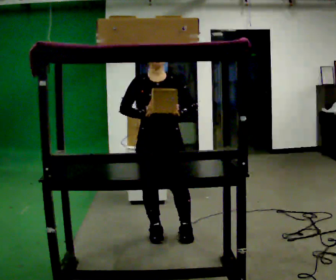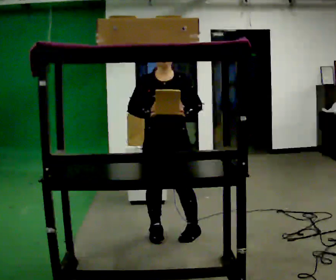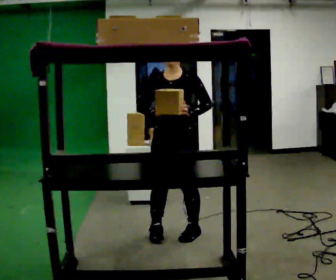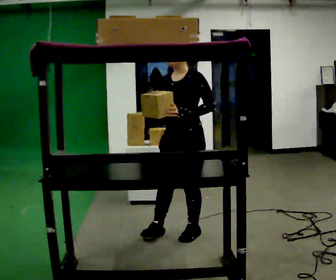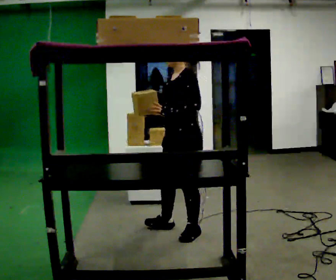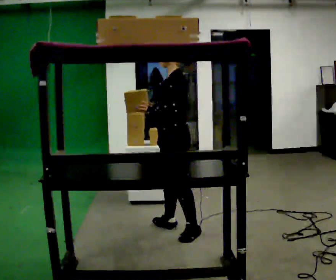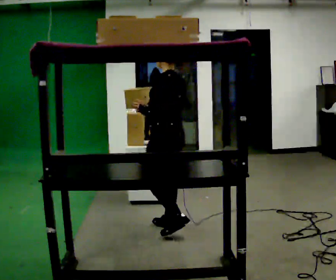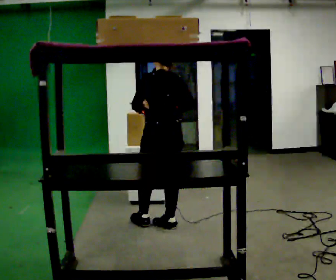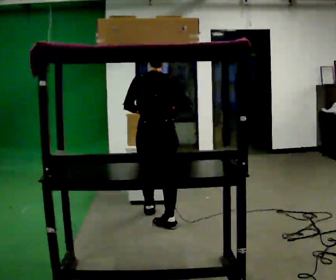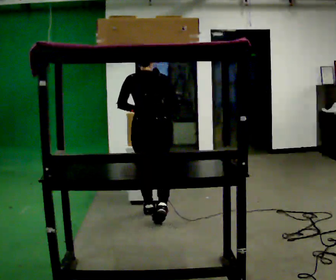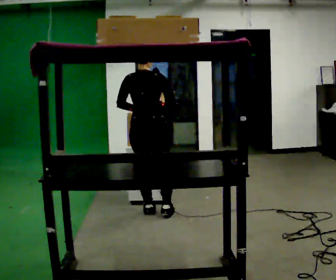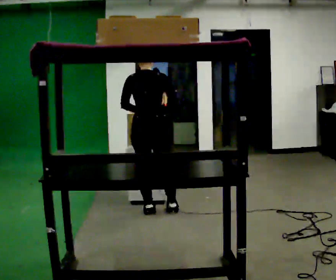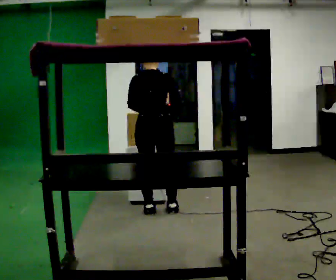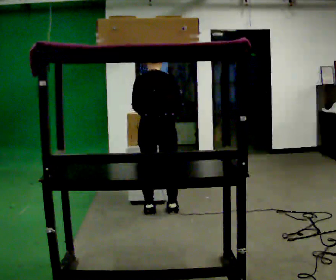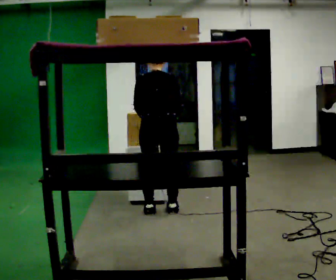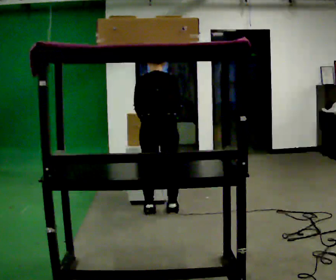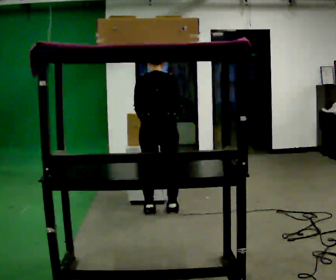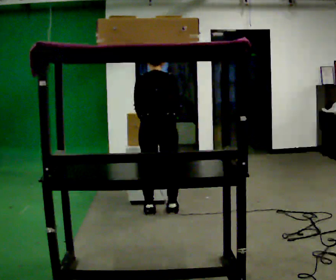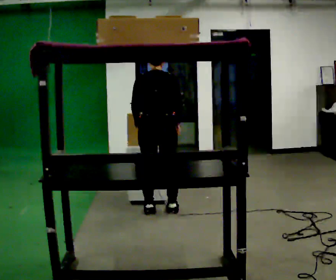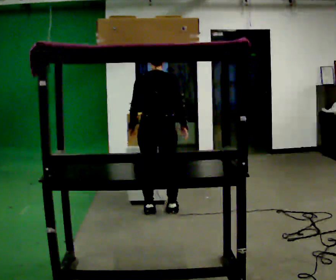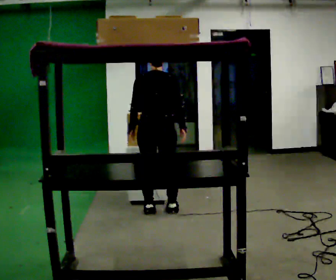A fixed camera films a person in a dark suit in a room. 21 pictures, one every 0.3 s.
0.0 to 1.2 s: The part of the body nearest the lens slides to the left as the person turns to their right by about 75 degrees. In the picture they go to the right, about 0.25 m.
1.2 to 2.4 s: Seen from above the body turns clockwise, about 105 degrees: to their right, with its near side sliding to the left. In the picture they go away from the camera and to the left, about 0.5 m in 2 steps.
2.4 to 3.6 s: In the picture they go away from the camera, about 0.25 m in 1 step, which for them is forward.
3.6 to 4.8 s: The person moves a little, or ends about where they began.
4.8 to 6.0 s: The upper body tips toward the camera, its near side rolling downward, as they lean back or straighten.
The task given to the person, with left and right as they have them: Reach up into the bin on the top shelf, take out one object at a time, and carry it to the table. Keep going until the operator says stop; one object at a time, and do not rush between trips.
The film runs forward here.
